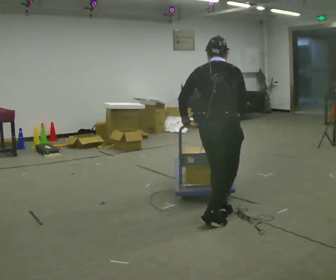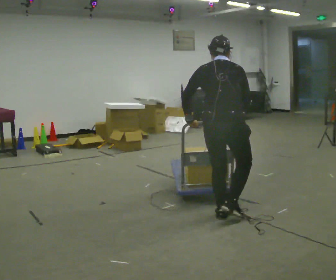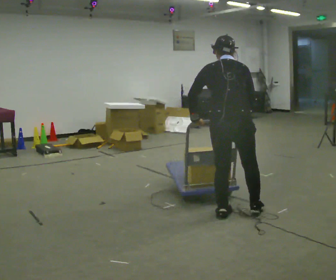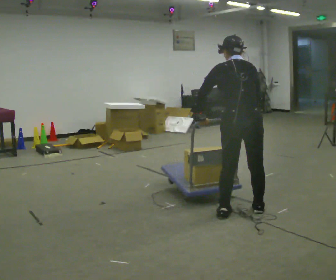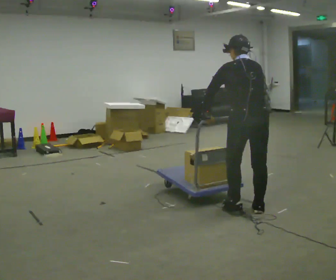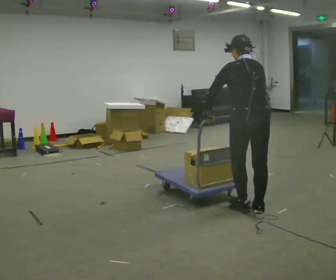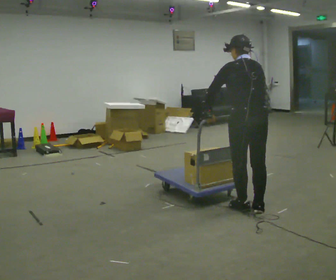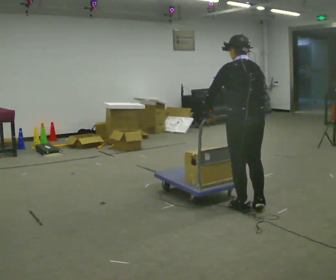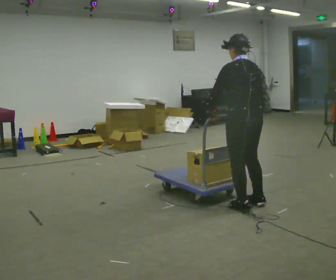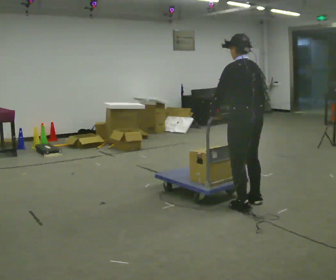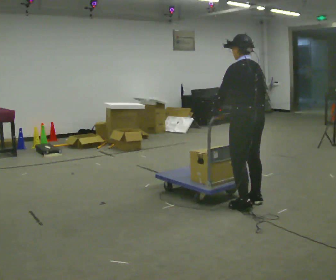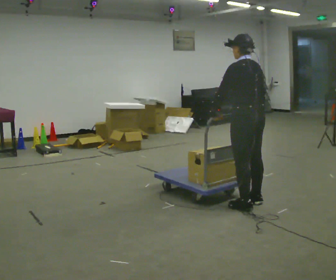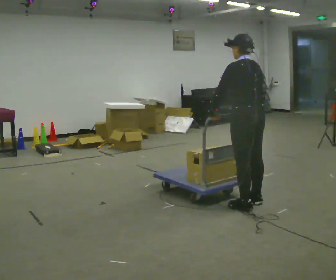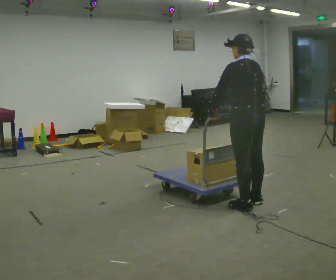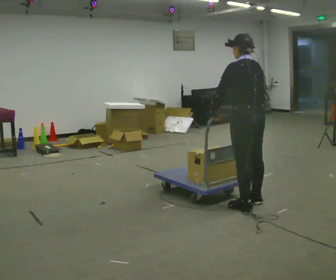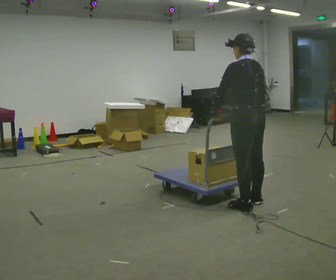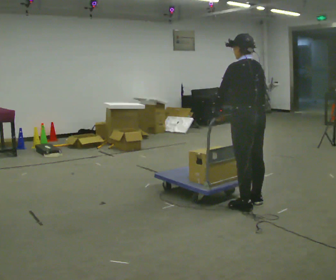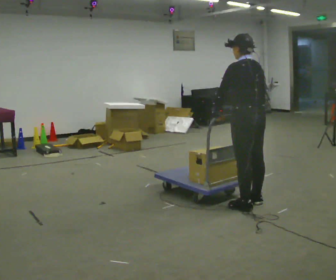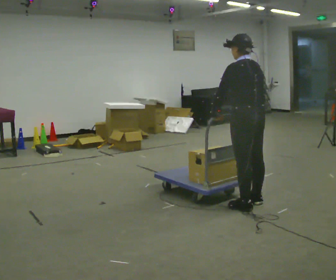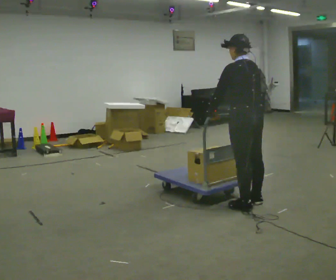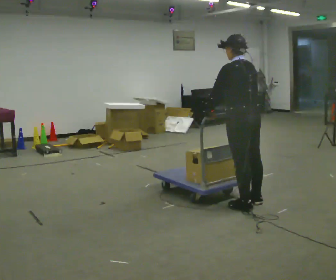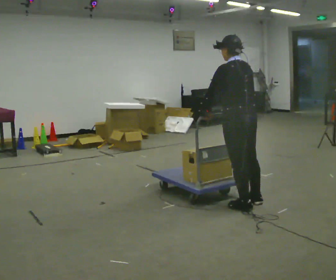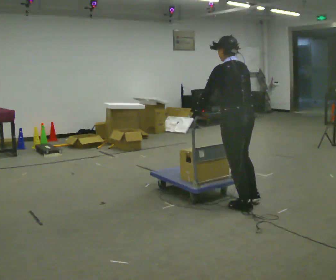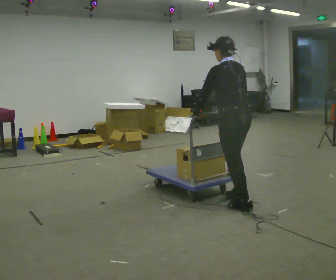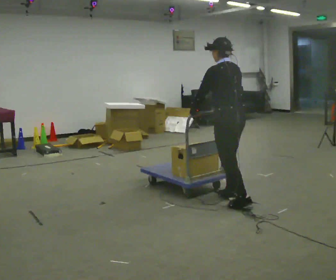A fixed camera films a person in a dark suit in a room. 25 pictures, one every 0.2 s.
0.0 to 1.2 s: Seen from above the body turns counterclockwise, about 45 degrees: to their left, with its near side sliding to the right. In the picture they go away from the camera and to the right, about 0.25 m in 2 steps, which for them is to their right and forward.
1.2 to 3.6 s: The person moves a little, or ends about where they began.
3.6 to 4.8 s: In the picture they go to the left, about 0.25 m in 1 step, which for them is forward.
The film runs forward here.
